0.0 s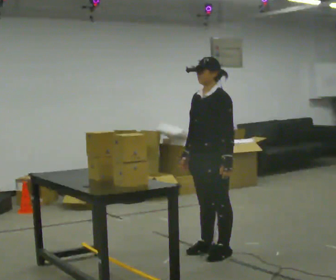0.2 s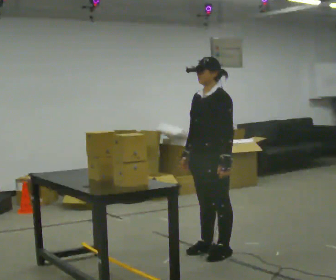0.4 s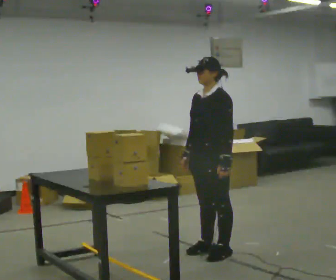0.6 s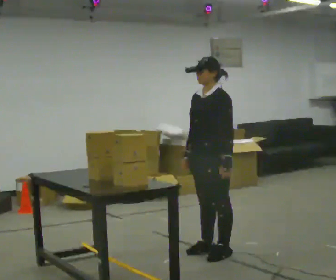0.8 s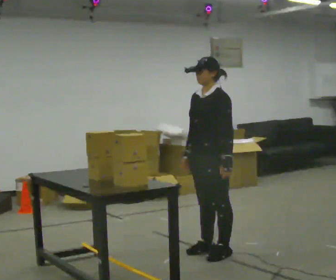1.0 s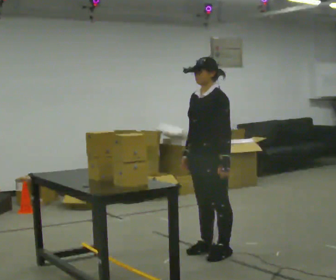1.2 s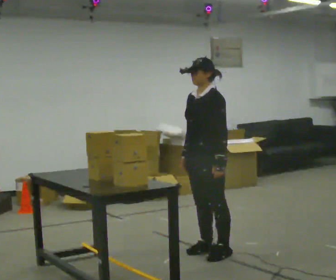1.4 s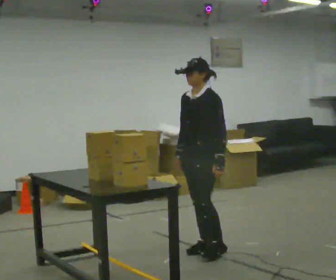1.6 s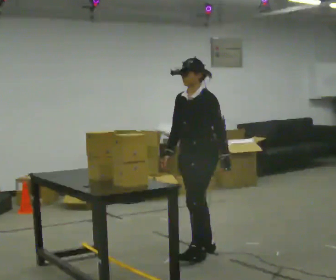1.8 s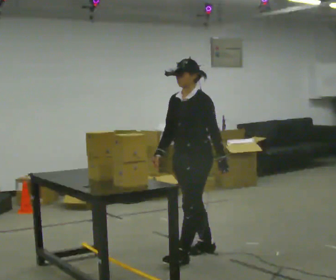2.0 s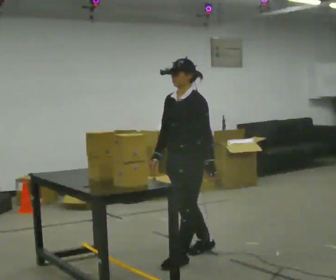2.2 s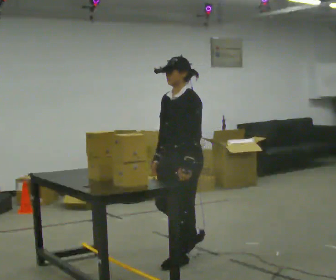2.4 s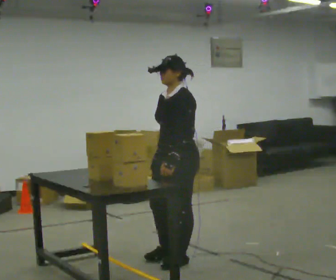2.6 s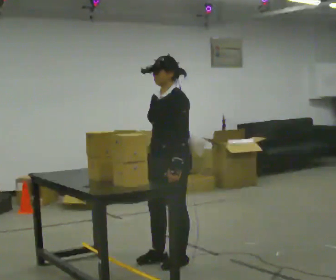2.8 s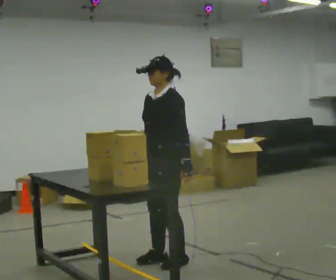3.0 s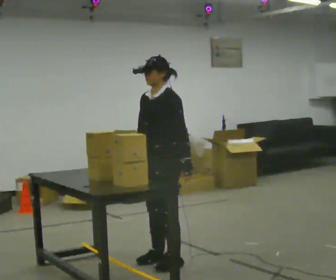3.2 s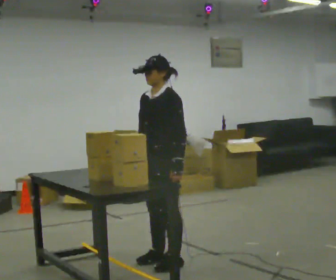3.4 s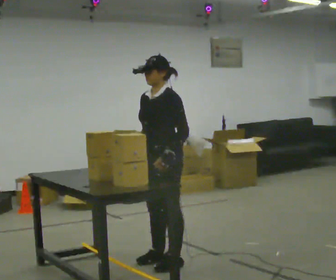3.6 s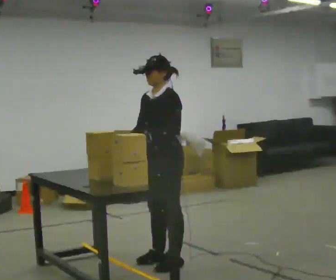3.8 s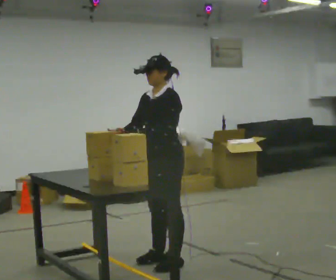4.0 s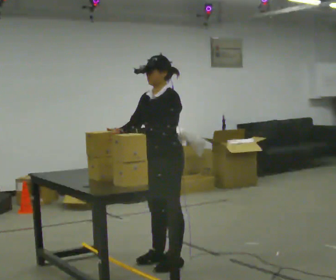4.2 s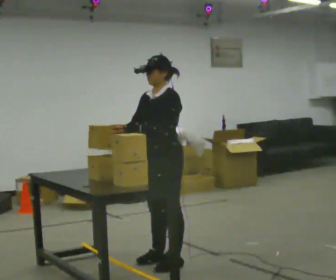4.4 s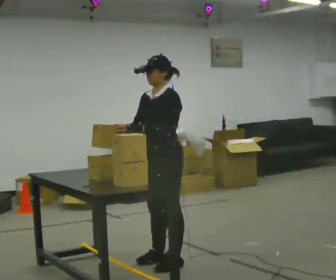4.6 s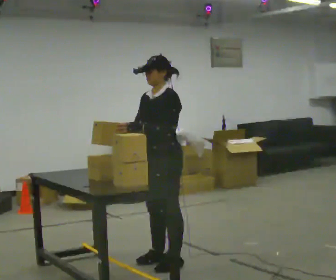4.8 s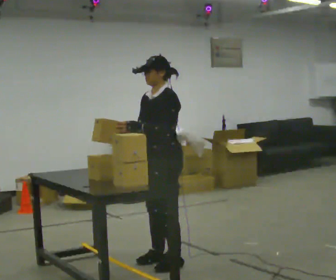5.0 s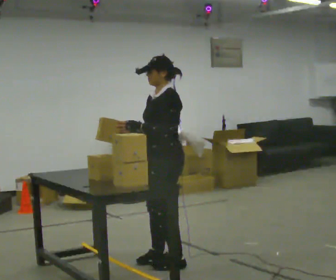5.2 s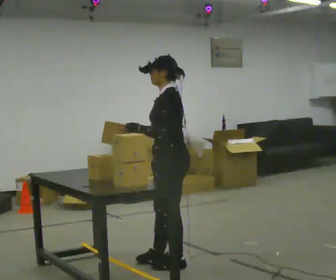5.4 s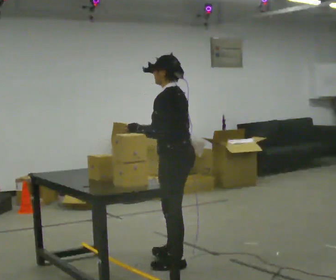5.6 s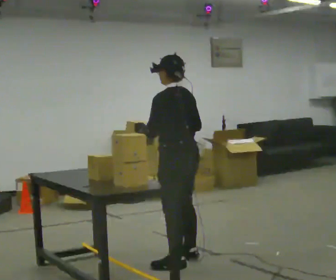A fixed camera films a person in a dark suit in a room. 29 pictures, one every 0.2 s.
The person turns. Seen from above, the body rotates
clockwise.
The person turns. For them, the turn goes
to their right.
0.0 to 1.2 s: The person moves a little, or ends about where they began.
1.2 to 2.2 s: In the picture they go toward the camera and to the left, about 0.25 m in 1 step, which for them is forward.
2.2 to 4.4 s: The person moves a little, or ends about where they began.
4.4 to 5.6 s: The part of the body nearest the lens slides to the left as the person turns to their right by about 75 degrees. In the picture their right hand goes to the right.
The film runs forward here.
